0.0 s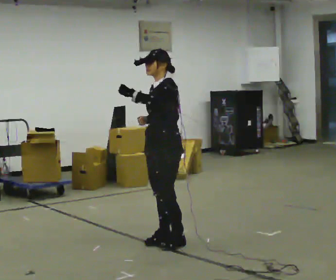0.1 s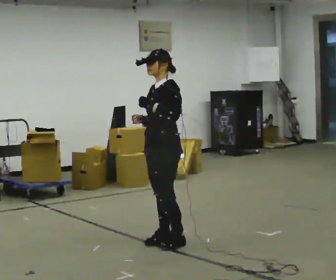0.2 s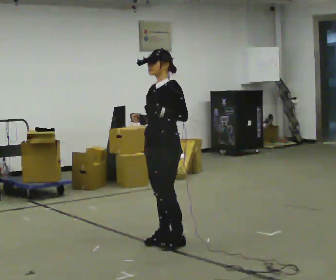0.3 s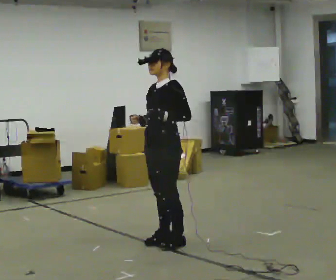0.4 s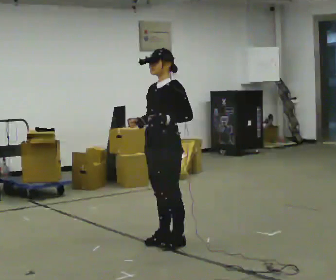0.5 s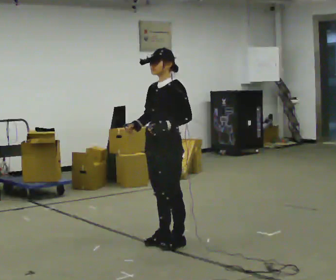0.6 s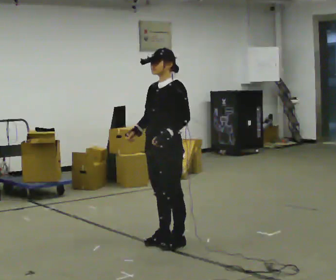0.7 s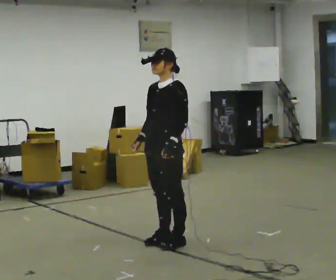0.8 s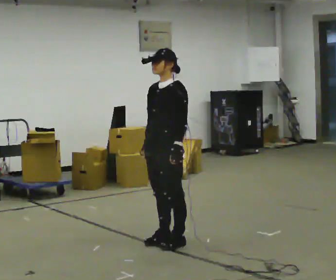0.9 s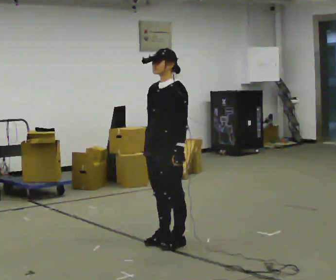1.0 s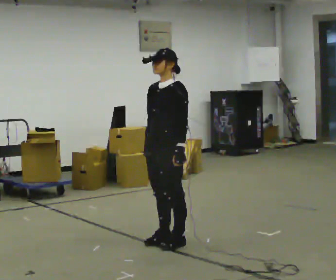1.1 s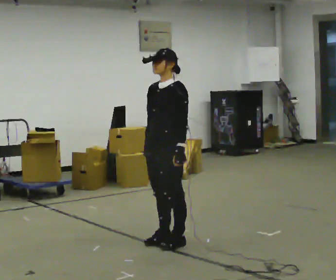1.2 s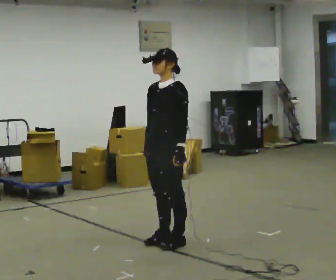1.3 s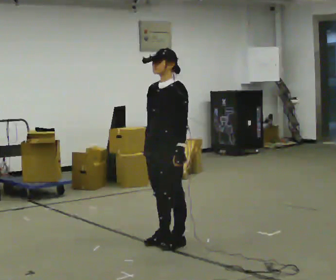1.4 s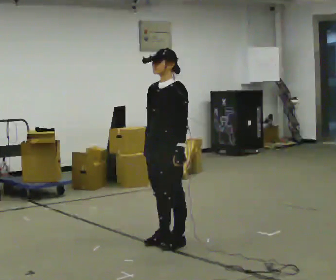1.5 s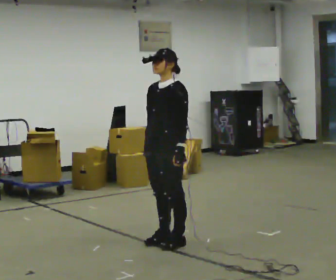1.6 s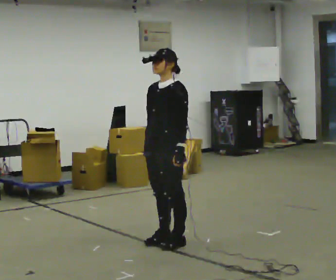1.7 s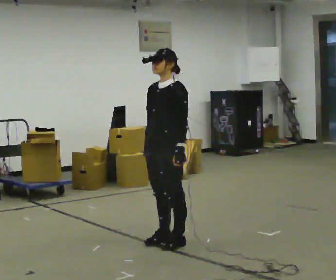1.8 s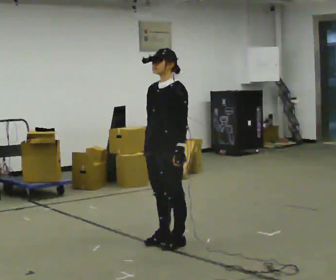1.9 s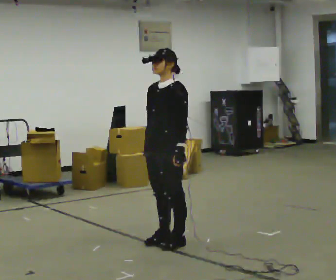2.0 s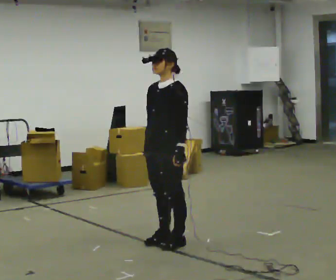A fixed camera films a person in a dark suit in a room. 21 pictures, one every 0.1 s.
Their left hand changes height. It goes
downward.
0.0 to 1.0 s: In the picture their left hand goes downward and to the right.
1.0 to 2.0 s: The person keeps their place and pose.
The film runs backward here.
